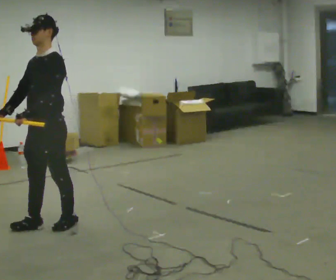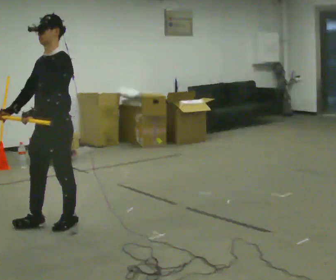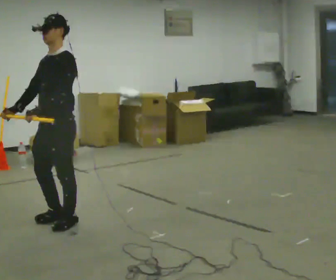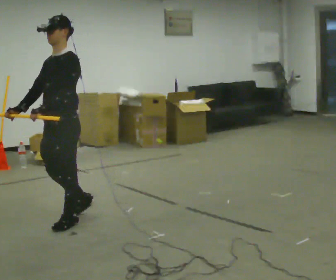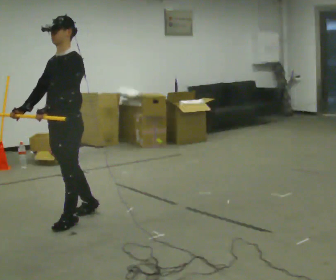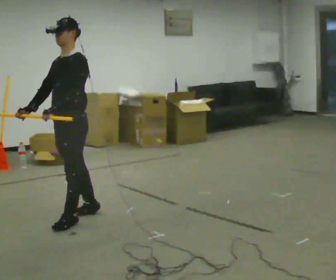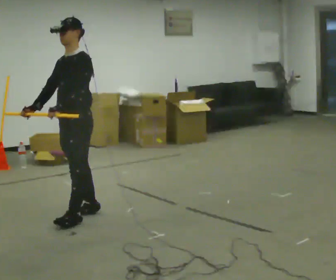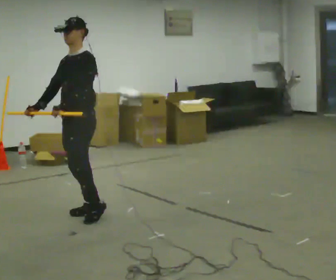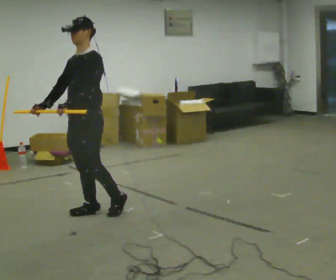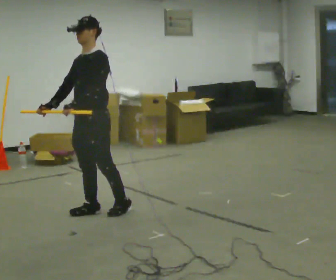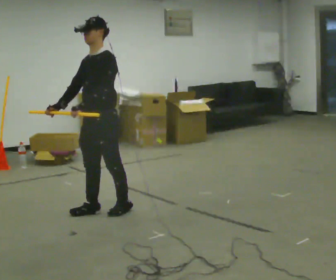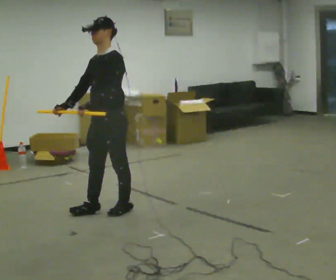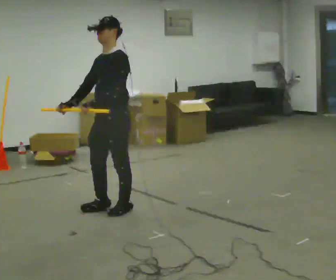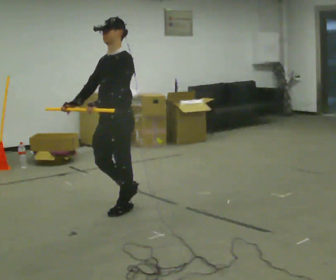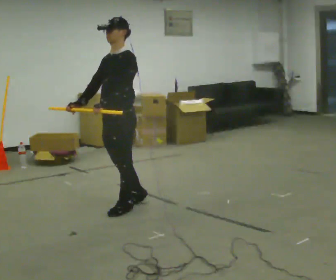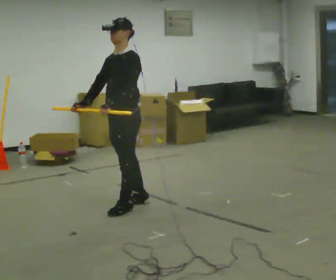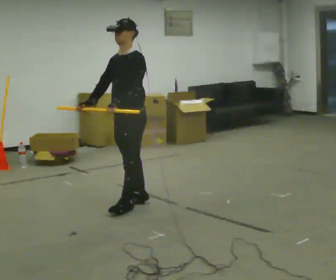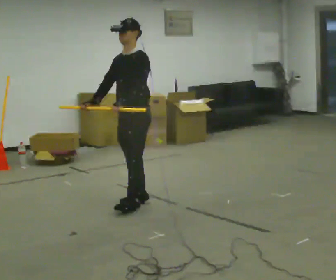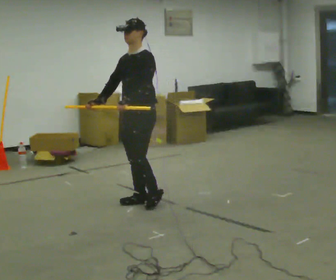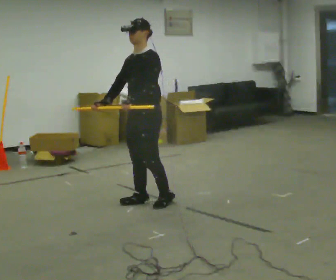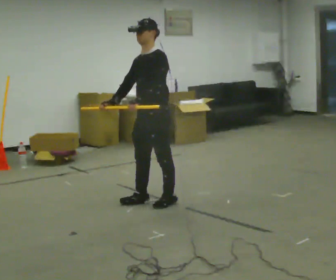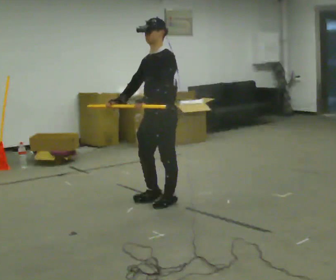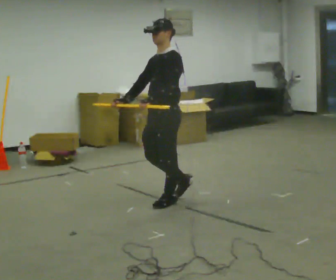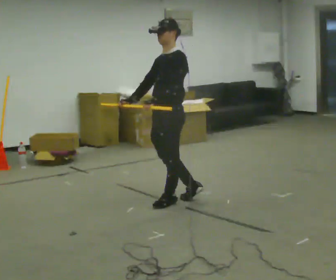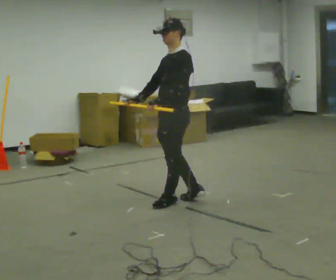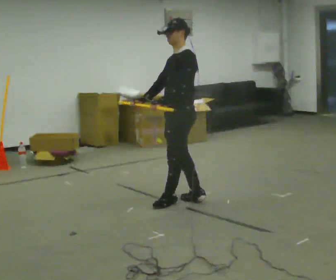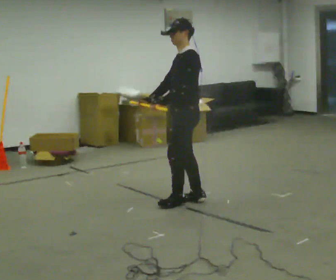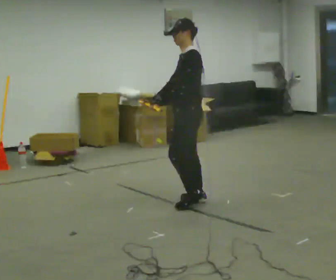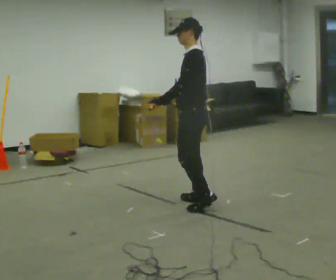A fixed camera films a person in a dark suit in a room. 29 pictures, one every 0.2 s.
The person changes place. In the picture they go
to the right.
0.0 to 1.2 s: In the picture they go away from the camera and to the right, about 0.25 m in 2 steps, which for them is backward and to their right.
1.2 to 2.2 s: In the picture they go to the right, about 0.25 m, which for them is backward and to their left.
2.2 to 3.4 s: In the picture they go to the right and away from the camera, about 0.25 m in 2 steps, which for them is backward.
3.4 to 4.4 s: In the picture they go to the right, about 0.25 m in 1 step, which for them is backward and to their left.
4.4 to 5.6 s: The part of the body nearest the lens slides to the left as the person turns to their right by about 30 degrees. In the picture they go to the right, about 0.25 m in 1 step, which for them is backward.
The film runs backward here.
